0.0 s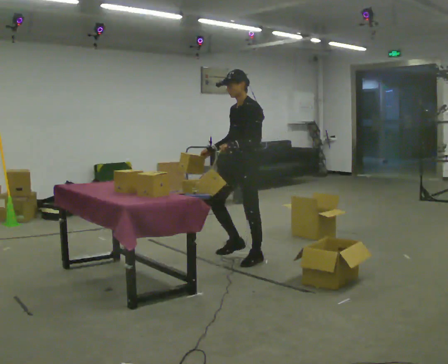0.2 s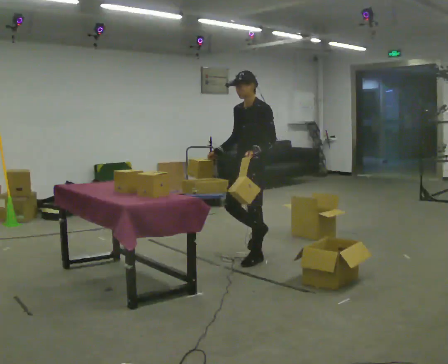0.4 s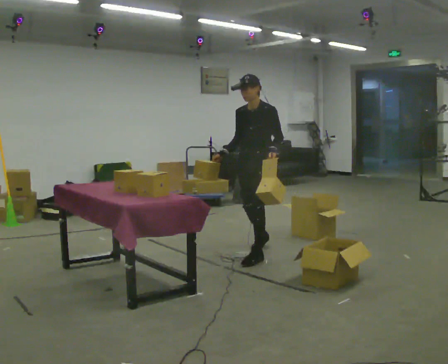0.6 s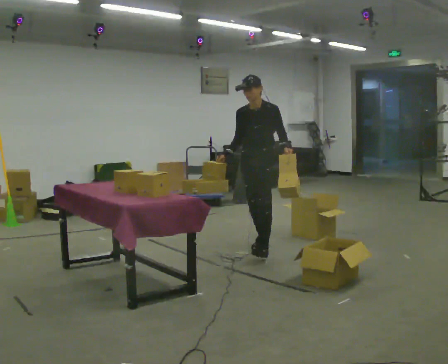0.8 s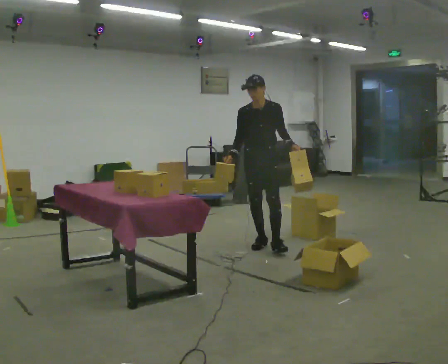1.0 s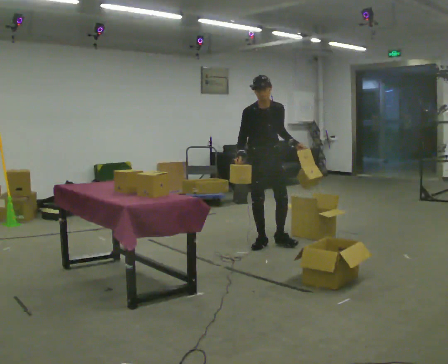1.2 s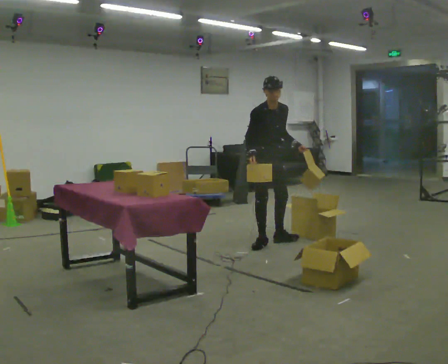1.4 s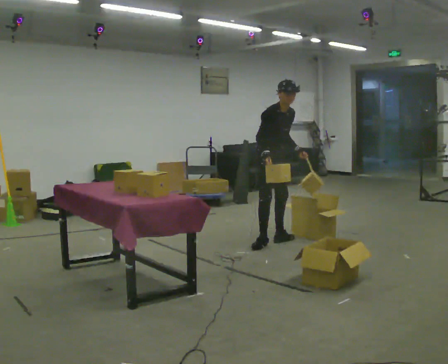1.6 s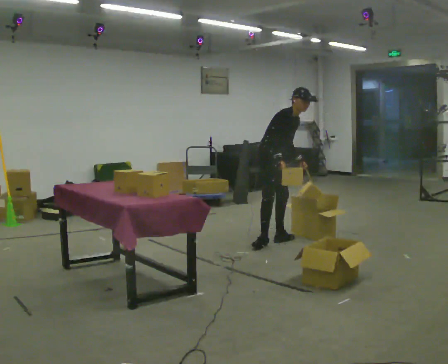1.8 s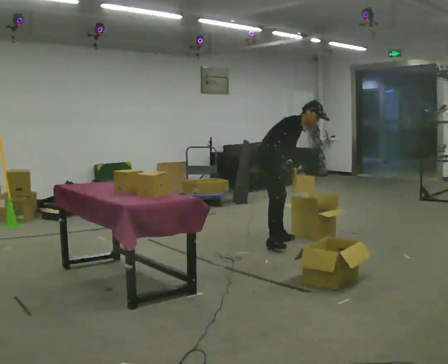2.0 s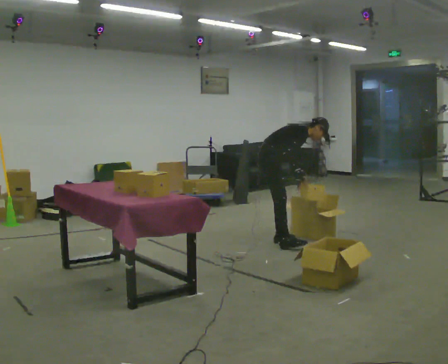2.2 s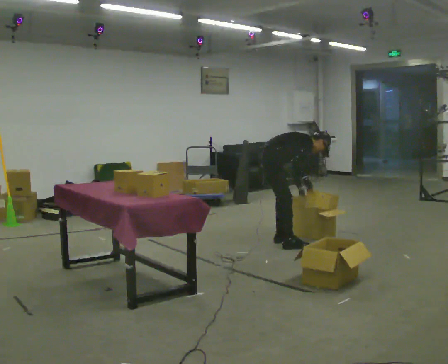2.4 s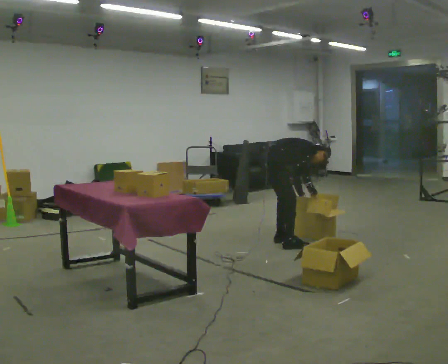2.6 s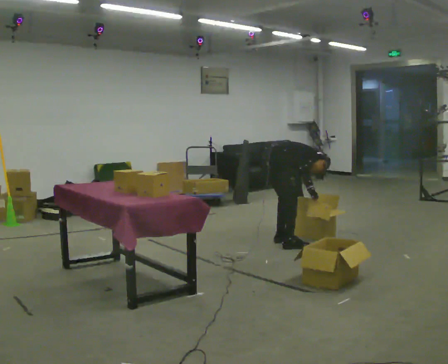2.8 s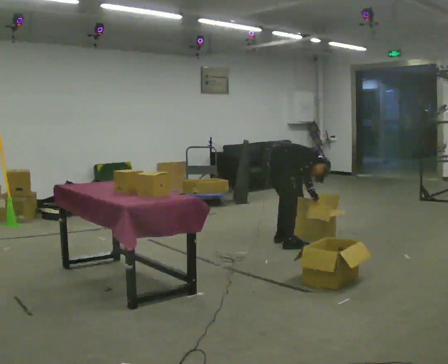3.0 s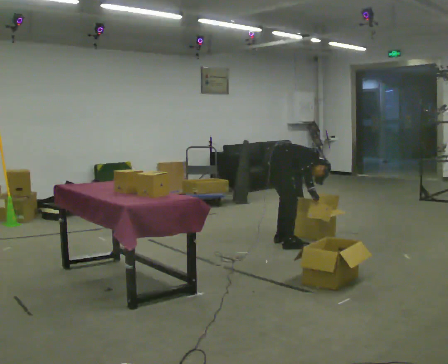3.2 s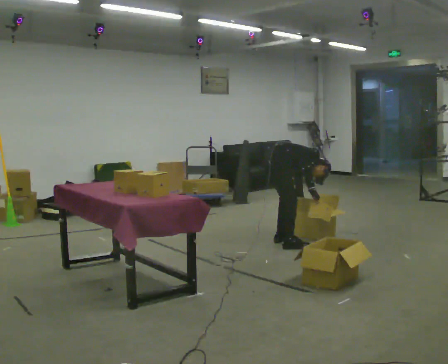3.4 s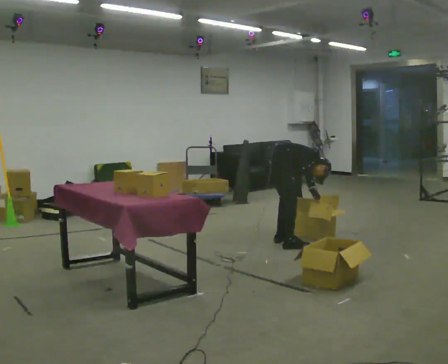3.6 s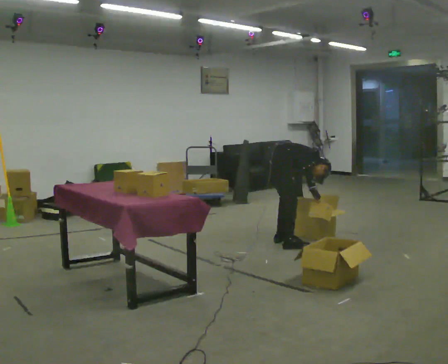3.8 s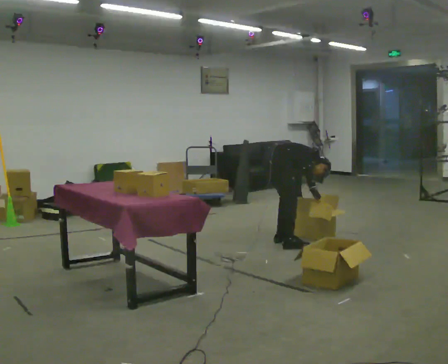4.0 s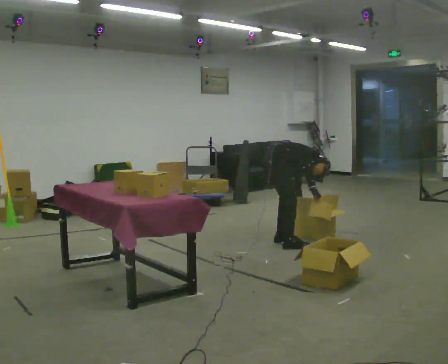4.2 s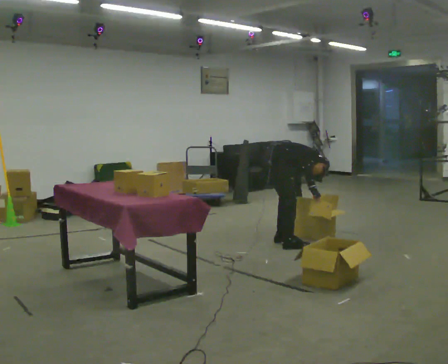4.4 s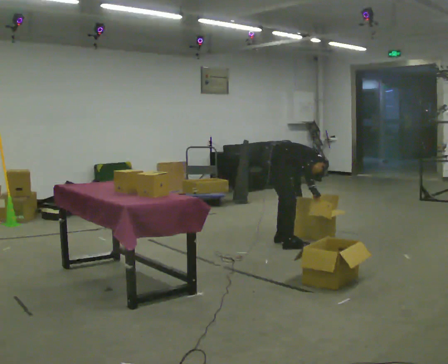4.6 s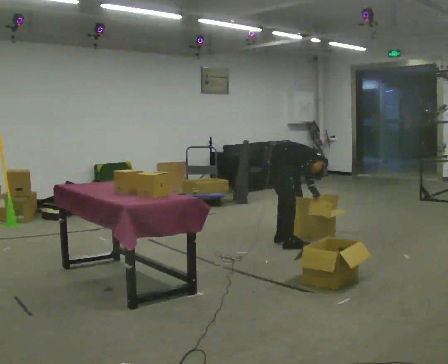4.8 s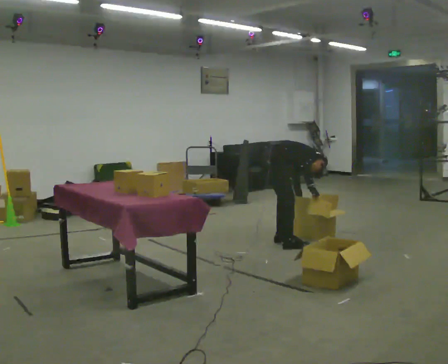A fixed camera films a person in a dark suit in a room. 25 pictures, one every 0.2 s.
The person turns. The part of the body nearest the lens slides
to the right.
The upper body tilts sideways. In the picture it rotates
clockwise.
0.0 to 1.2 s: The part of the body nearest the lens slides to the right as the person turns to their left by about 90 degrees. In the picture they go away from the camera, about 0.5 m in 1 step.
1.2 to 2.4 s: The part of the body nearest the lens slides to the right as the person turns to their left by about 75 degrees. The shoulders move downward. In the picture the upper body tilts clockwise, shoulders to the right, as they bend forward. In the picture their left hand goes downward.
2.4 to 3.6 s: The upper body tips away from the camera, its near side rolling upward, as they bend forward.
3.6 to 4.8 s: The person moves a little, or ends about where they began.
The film runs backward here.
